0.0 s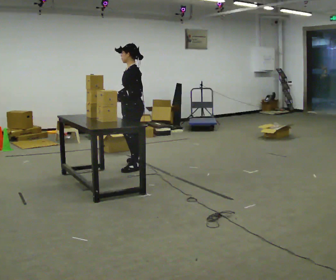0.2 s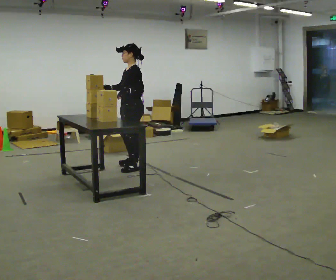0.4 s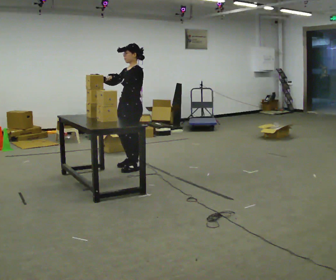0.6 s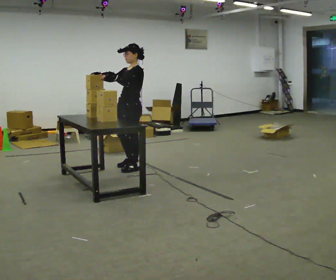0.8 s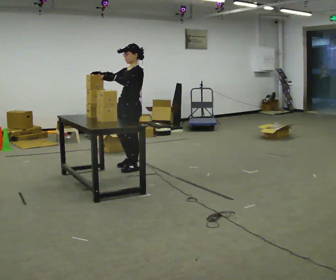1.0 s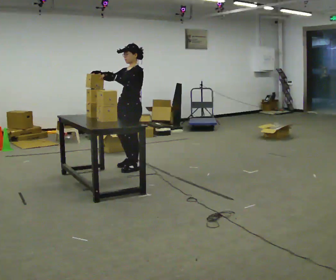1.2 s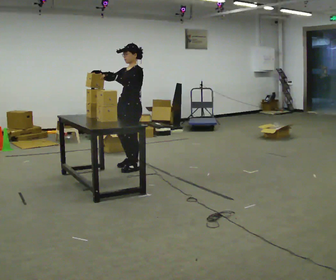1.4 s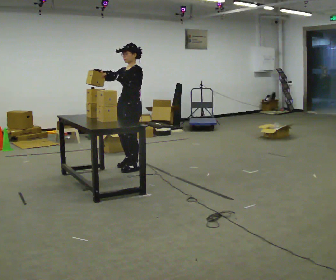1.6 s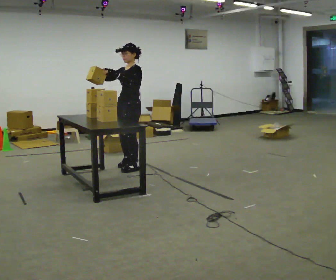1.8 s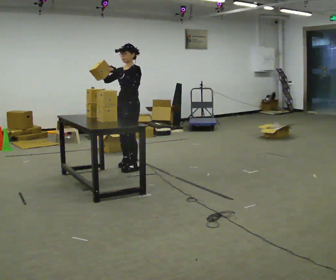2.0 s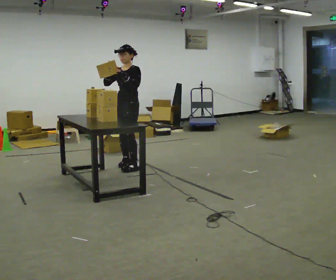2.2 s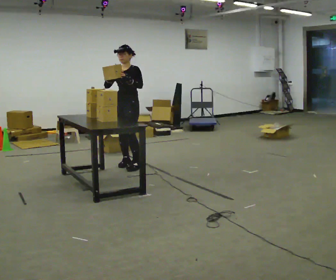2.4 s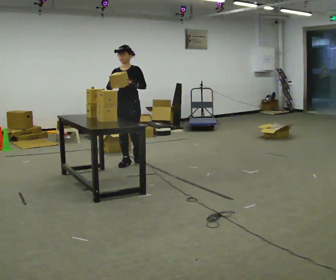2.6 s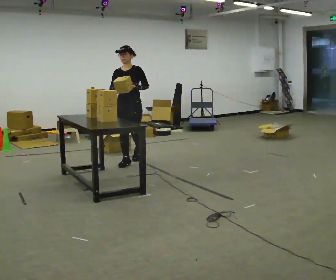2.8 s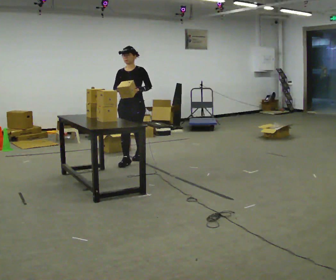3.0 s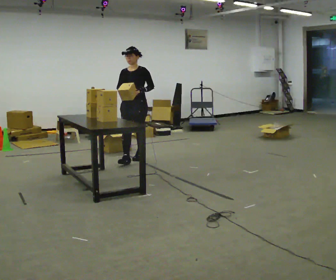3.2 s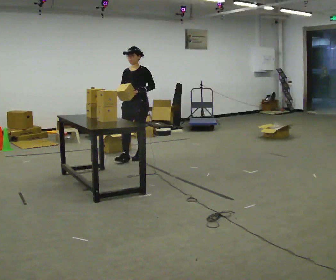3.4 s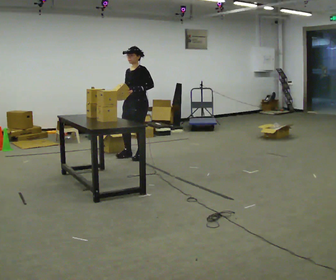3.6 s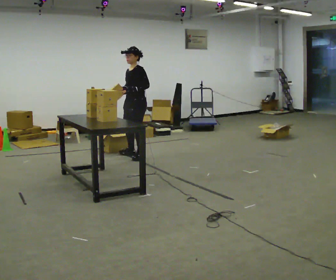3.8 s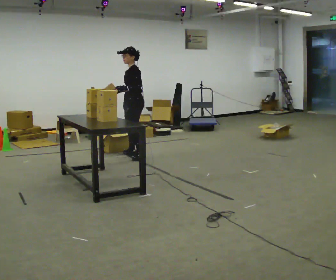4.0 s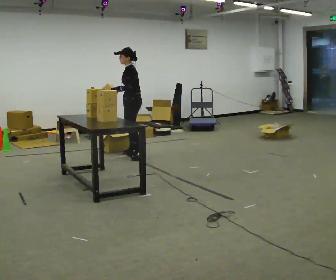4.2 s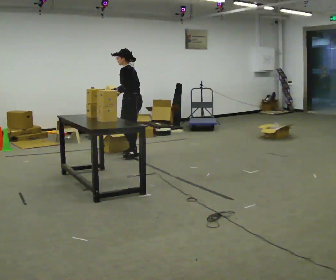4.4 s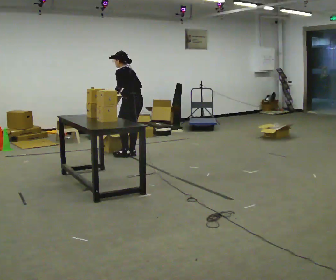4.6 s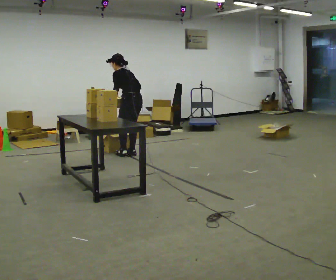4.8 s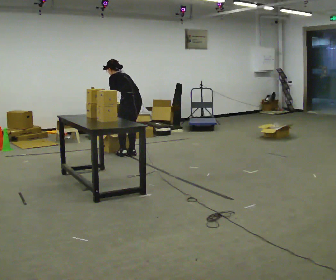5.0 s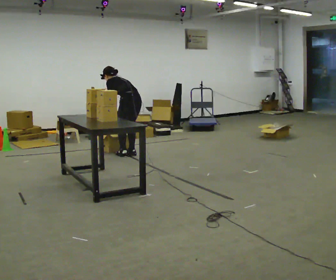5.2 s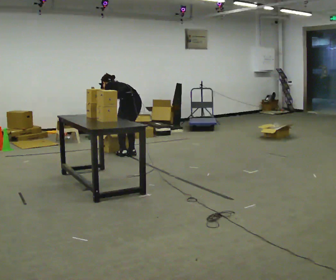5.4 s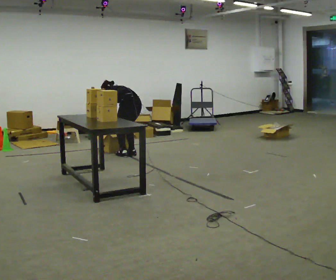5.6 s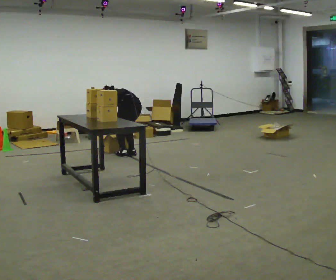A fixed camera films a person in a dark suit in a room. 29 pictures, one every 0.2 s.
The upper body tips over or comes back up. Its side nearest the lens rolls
upward.
The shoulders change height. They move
downward.
0.0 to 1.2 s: In the picture their right hand goes upward, the arm swinging clockwise.
1.2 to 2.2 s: The person turns about 30 degrees to their left, counterclockwise seen from above, so the part of the body nearest the lens slides to the right. In the picture they go away from the camera, about 0.25 m in 1 step, which for them is to their right.
2.2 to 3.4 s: In the picture they go away from the camera, about 0.5 m in 1 step, which for them is backward.
3.4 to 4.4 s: Seen from above the body turns clockwise, about 75 degrees: to their right, with its near side sliding to the left. In the picture they go away from the camera, about 0.25 m in 1 step. In the picture the upper body tilts counterclockwise, shoulders to the left, as they bend forward.
4.4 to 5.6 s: The upper body goes downward. The upper body tips away from the camera, its near side rolling upward, as they bend forward. In the picture their right hand goes downward.
The film runs backward here.
